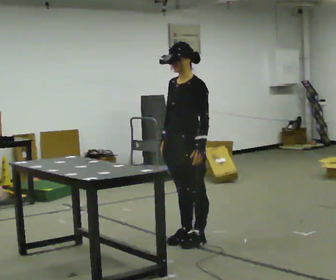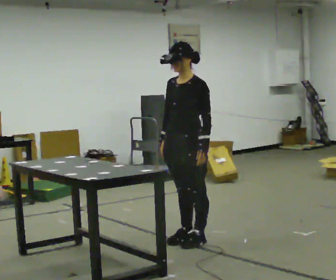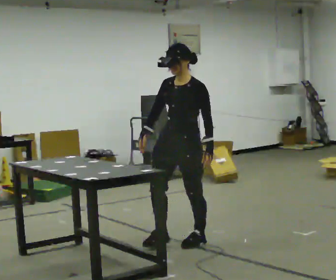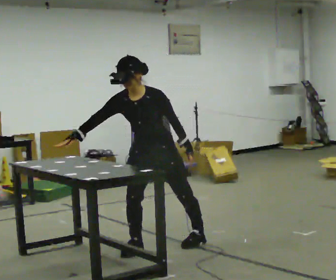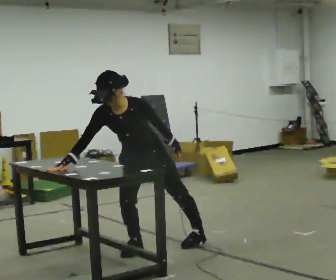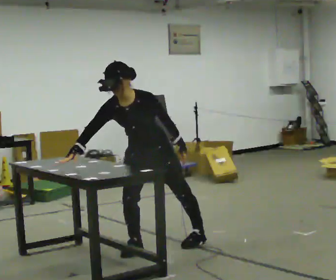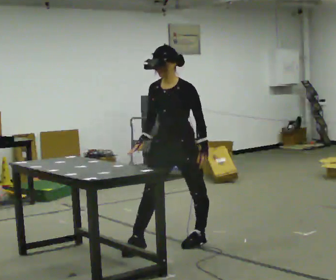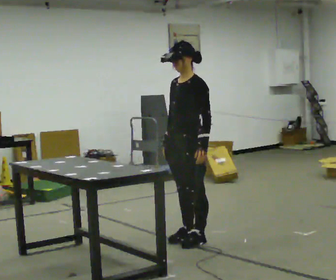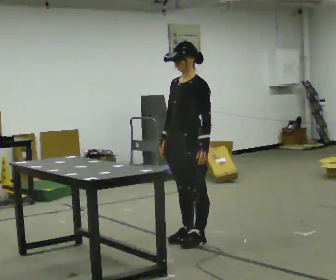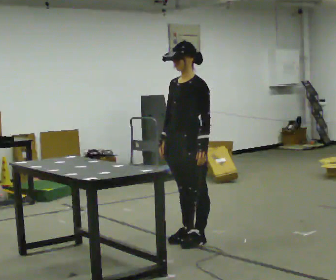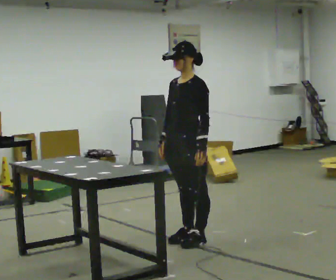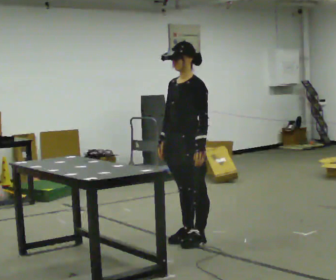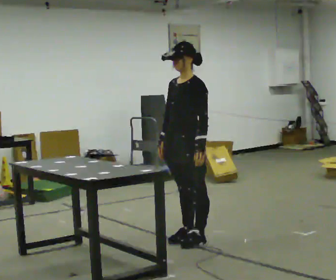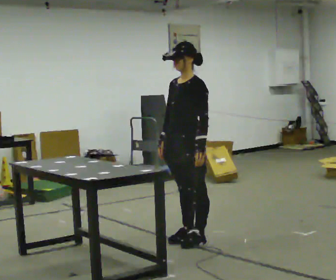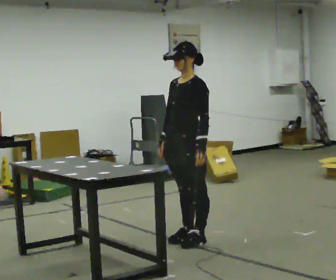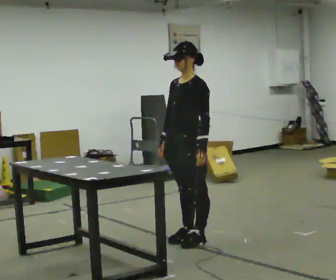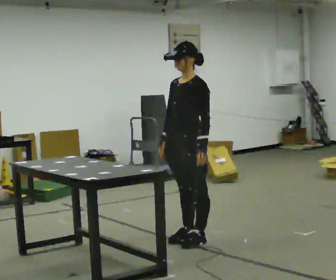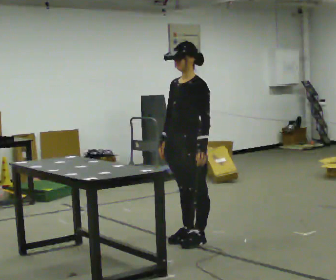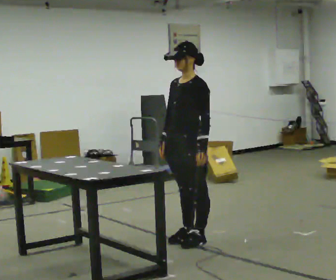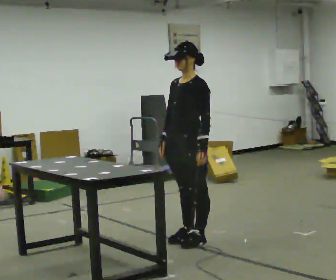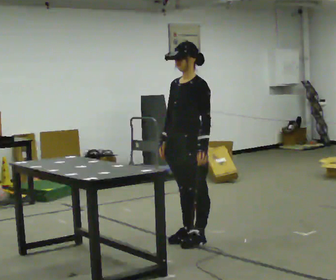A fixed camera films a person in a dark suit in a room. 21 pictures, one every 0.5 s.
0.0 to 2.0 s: The part of the body nearest the lens slides to the right as the person turns to their left by about 45 degrees. In the picture they go to the left and toward the camera, about 0.25 m in 1 step, which for them is forward and to their right. The upper body goes downward. The upper body tips toward the camera, its near side rolling downward, as they bend forward.
2.0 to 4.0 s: The person turns about 45 degrees to their right, clockwise seen from above, so the part of the body nearest the lens slides to the left. In the picture they go to the right and away from the camera, about 0.5 m in 1 step, which for them is backward. The shoulders move upward. The upper body tips away from the camera, its near side rolling upward, as they lean back or straighten.
4.0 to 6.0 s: The person moves a little, or ends about where they began.
6.0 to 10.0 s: The person keeps their place and pose.
The film runs forward here.
